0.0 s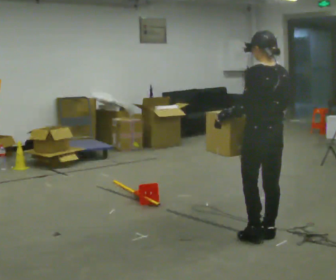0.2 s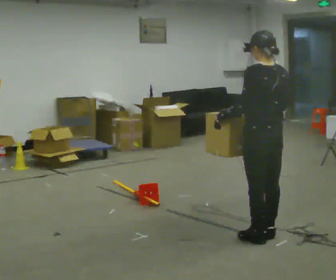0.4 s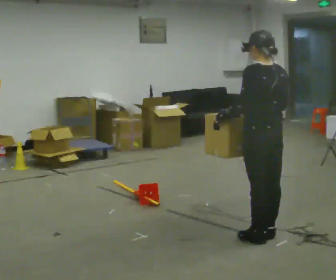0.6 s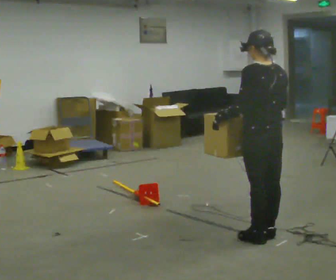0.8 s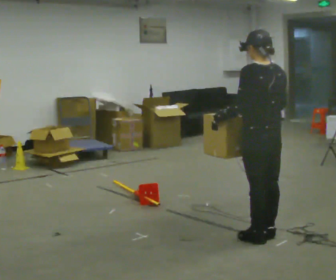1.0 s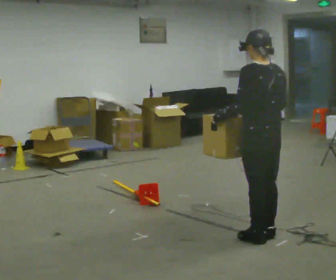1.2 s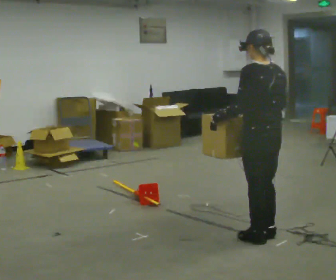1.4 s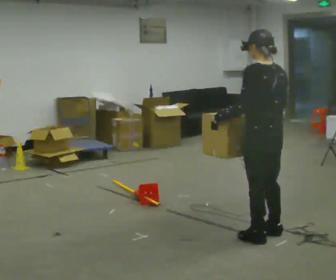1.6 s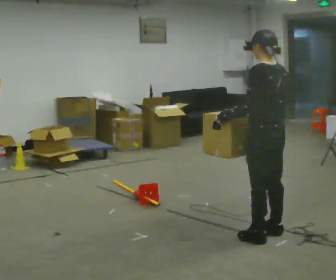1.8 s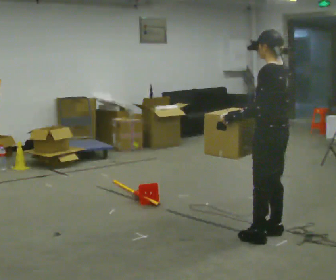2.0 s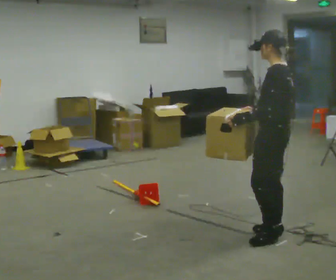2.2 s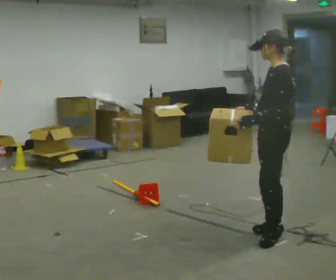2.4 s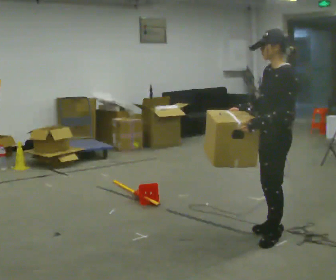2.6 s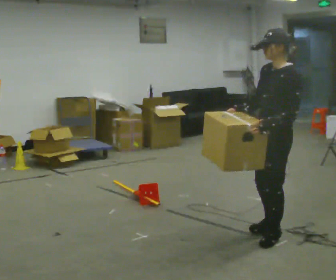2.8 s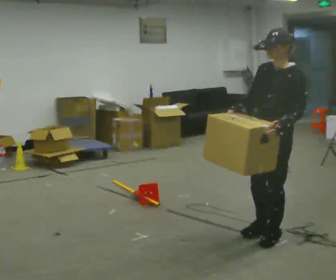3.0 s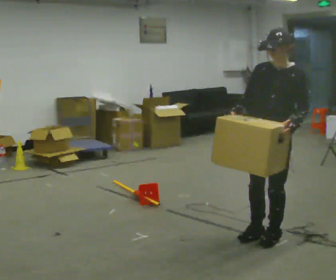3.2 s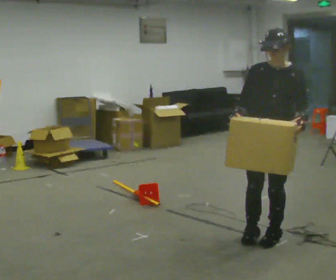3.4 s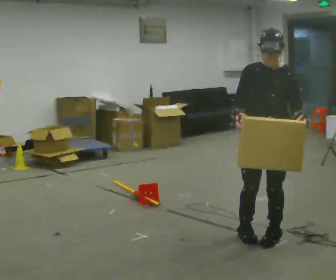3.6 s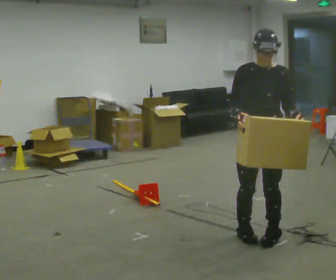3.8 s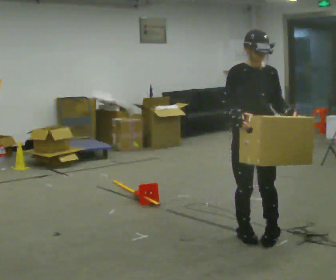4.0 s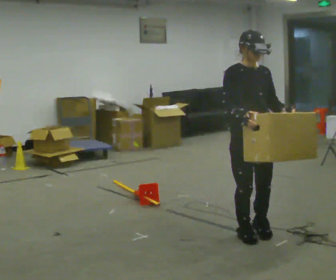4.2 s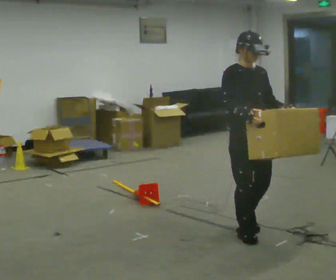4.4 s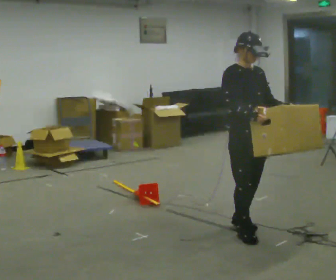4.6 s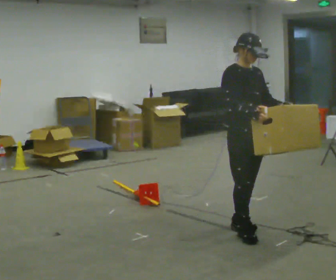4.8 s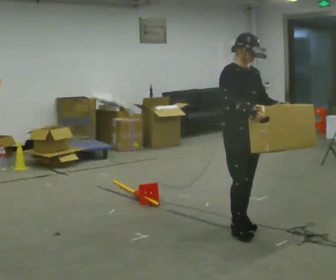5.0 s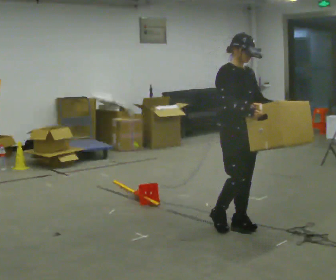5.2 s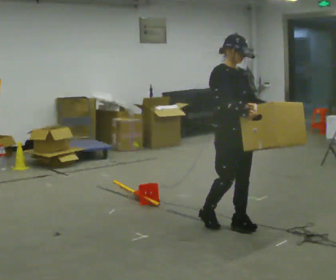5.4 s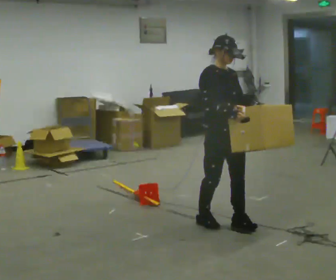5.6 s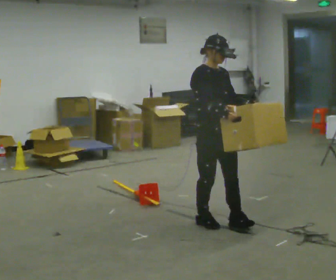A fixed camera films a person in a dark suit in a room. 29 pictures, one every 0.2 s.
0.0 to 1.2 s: The person moves a little, or ends about where they began.
1.2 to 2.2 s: Seen from above the body turns counterclockwise, about 45 degrees: to their left, with its near side sliding to the right.
2.2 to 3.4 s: The person turns about 90 degrees to their left, counterclockwise seen from above, so the part of the body nearest the lens slides to the right.
3.4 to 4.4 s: The person turns about 45 degrees to their left, counterclockwise seen from above, so the part of the body nearest the lens slides to the right.
4.4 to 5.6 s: In the picture they go to the left and away from the camera, about 0.25 m in 2 steps, which for them is backward.
The film runs backward here.
